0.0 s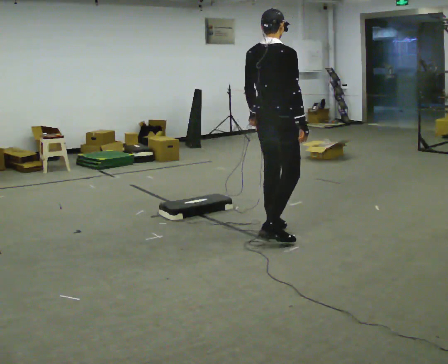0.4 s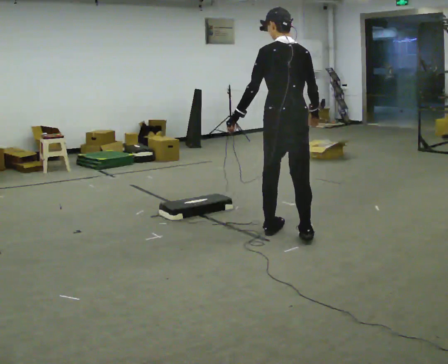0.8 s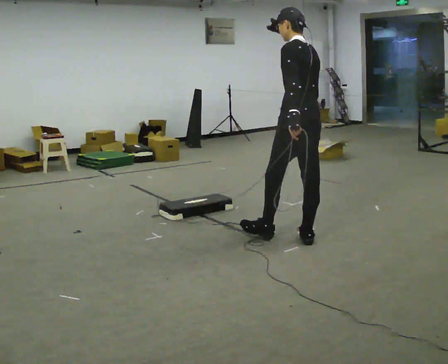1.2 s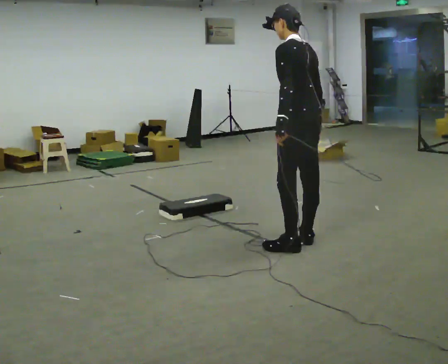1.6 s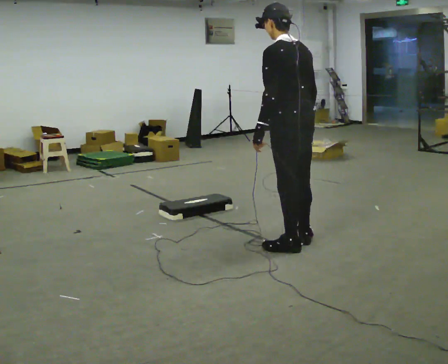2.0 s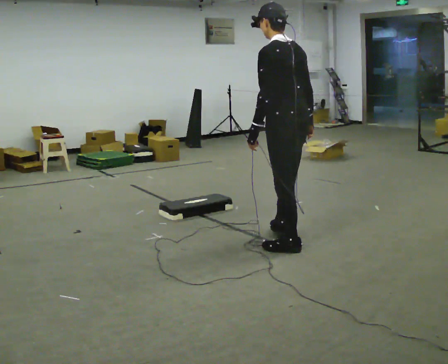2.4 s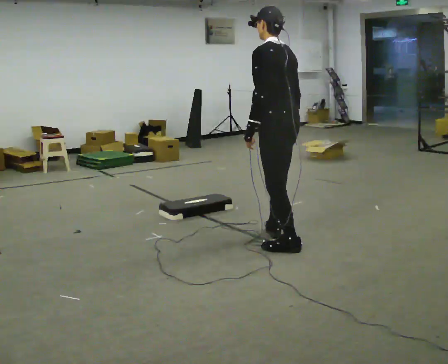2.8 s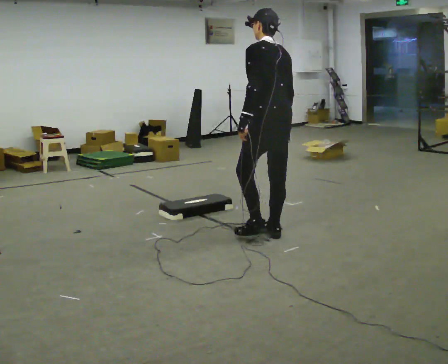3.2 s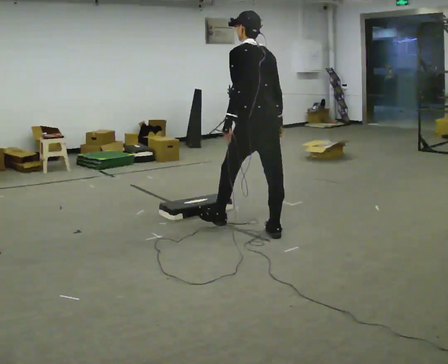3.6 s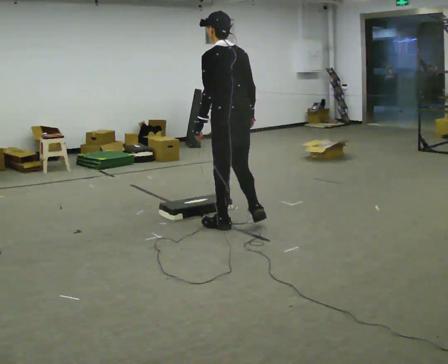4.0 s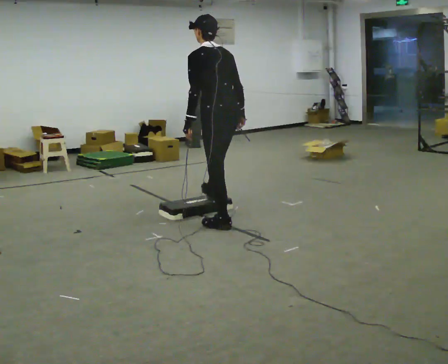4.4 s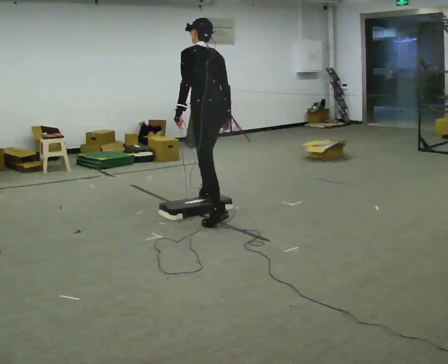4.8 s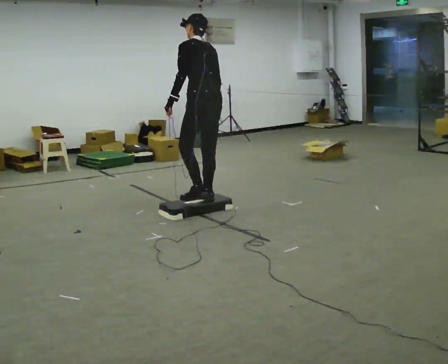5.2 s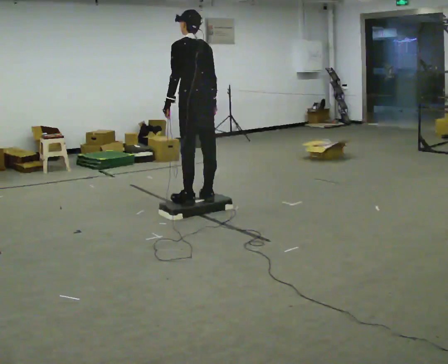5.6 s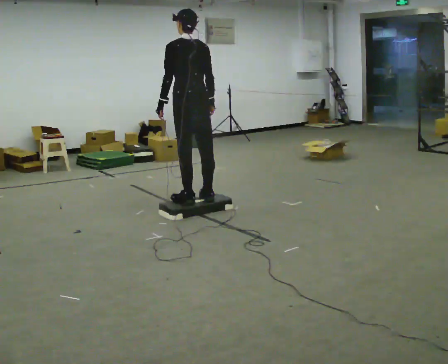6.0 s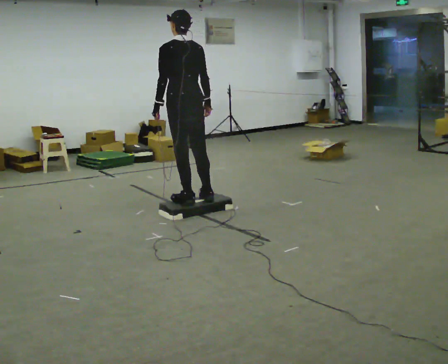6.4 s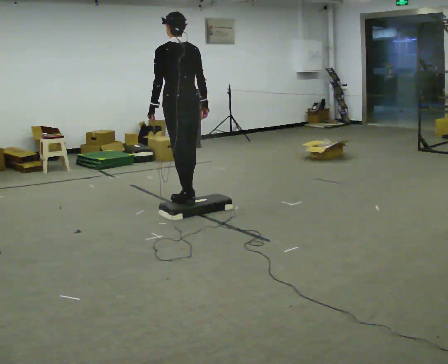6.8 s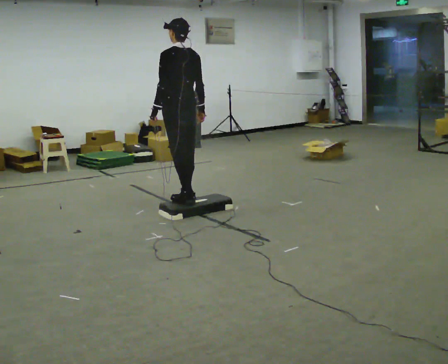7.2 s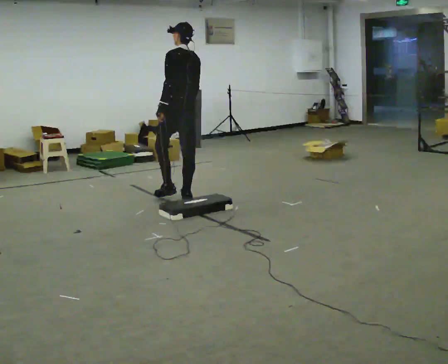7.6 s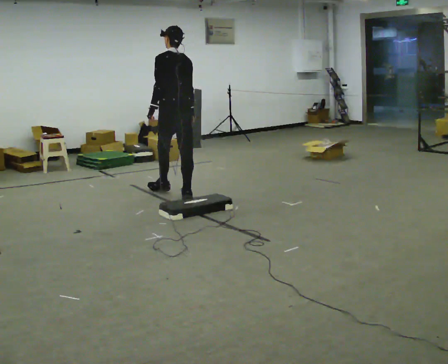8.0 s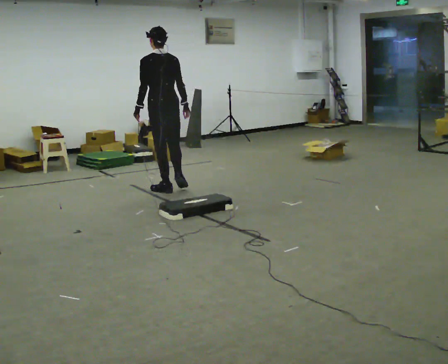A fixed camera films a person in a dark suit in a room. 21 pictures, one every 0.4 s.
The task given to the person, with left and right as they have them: Walk to the platform; step up onto it; step down the other side; continue walking.
0.0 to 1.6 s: The person turns about 75 degrees to their left, counterclockwise seen from above, so the part of the body nearest the lens slides to the right. In the picture they go toward the camera and to the right, about 0.5 m in 2 steps.
1.6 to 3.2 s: In the picture they go away from the camera and to the left, about 0.5 m in 2 steps, which for them is forward.
3.2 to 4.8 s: In the picture they go away from the camera and to the left, about 1 m in 1 step, which for them is forward.
4.8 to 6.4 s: In the picture they go to the left, about 0.25 m in 1 step, which for them is forward and to their left.
6.4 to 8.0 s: In the picture they go away from the camera, about 0.75 m in 2 steps, which for them is forward.
The film runs forward here.
